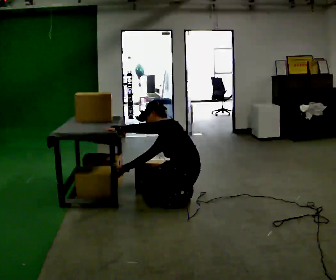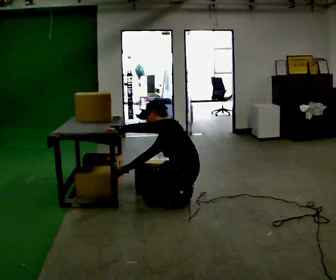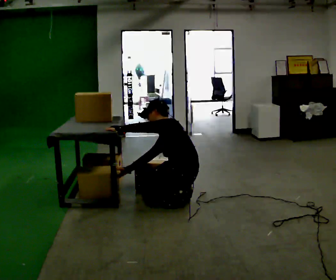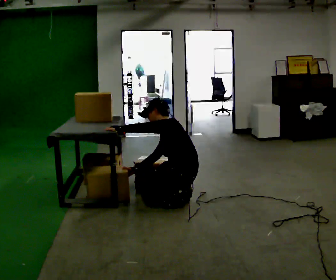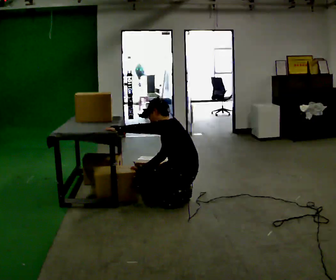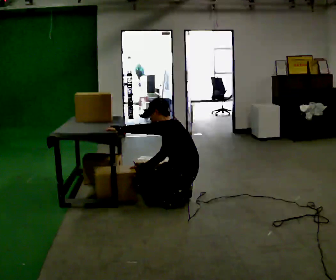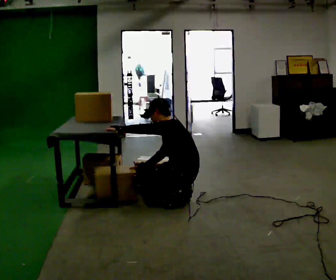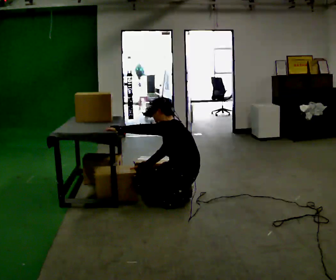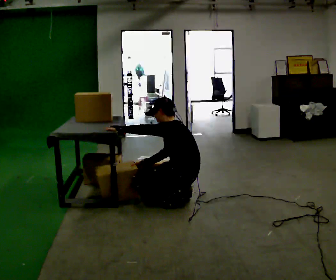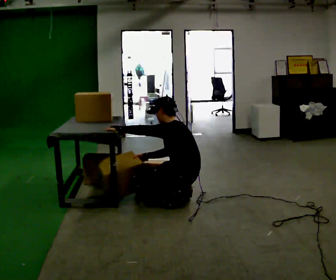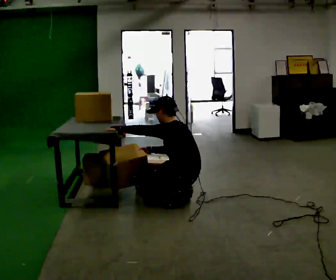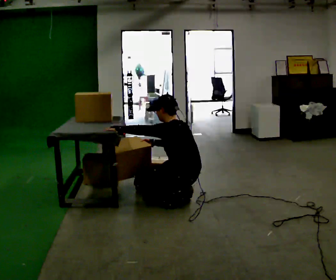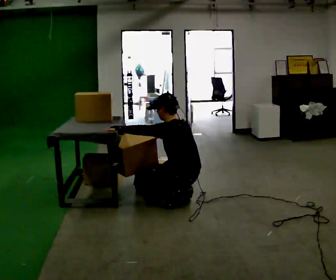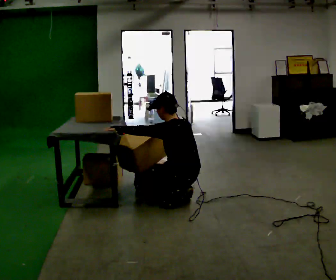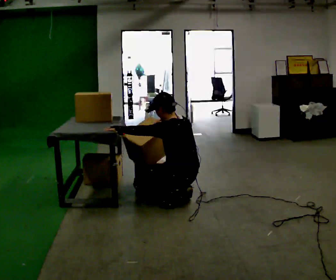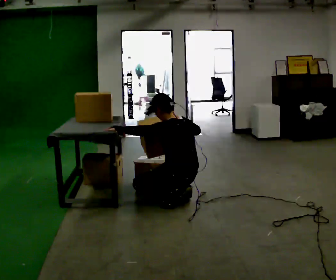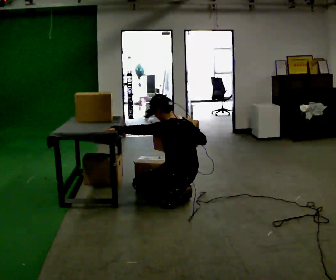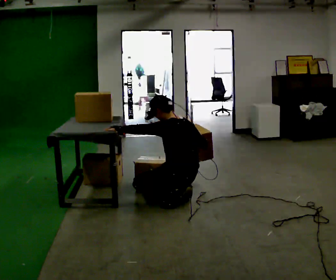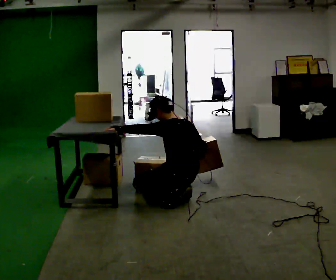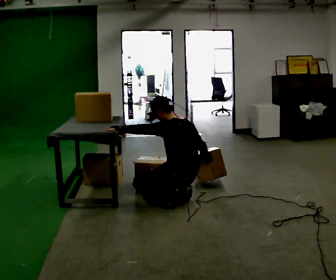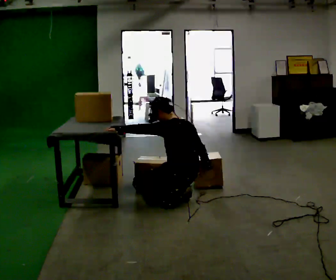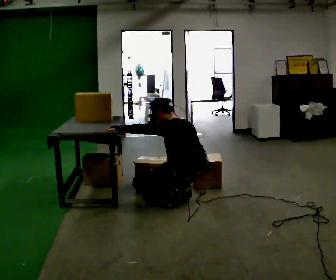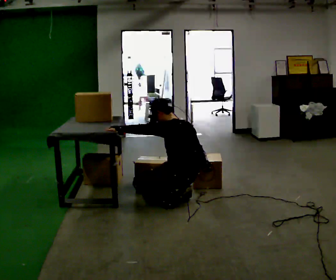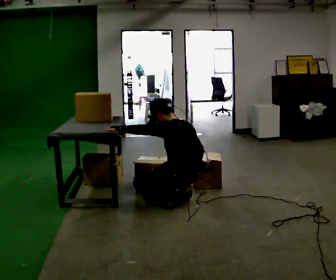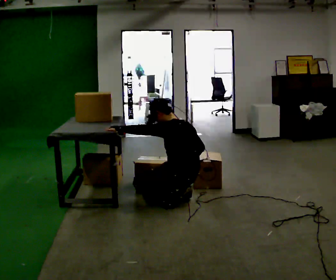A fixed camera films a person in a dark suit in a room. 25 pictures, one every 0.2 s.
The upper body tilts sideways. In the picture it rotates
clockwise.
0.0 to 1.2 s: The person moves a little, or ends about where they began.
1.2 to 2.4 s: In the picture their right hand goes upward.
2.4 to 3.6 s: In the picture their right hand goes to the right.
3.6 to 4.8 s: The person moves a little, or ends about where they began.
The film runs forward here.
